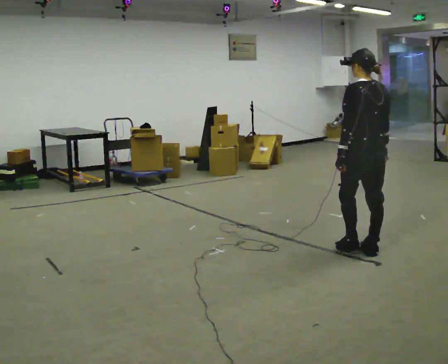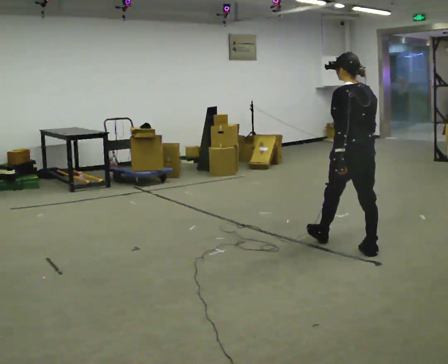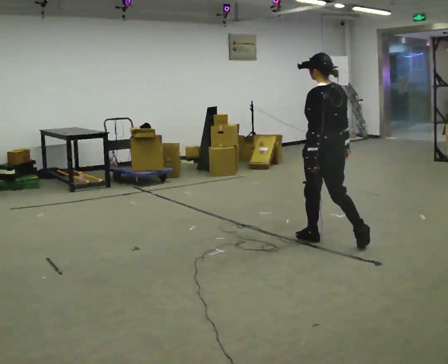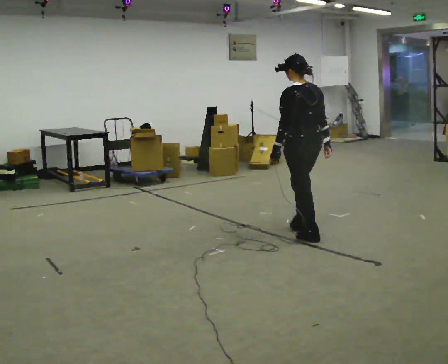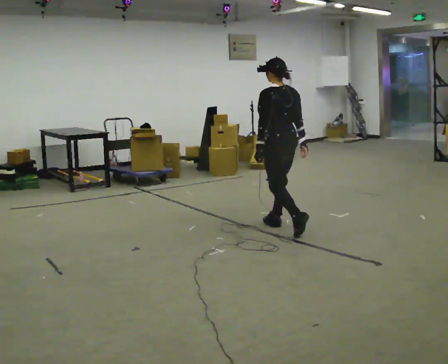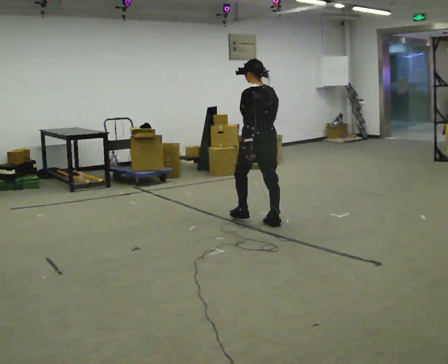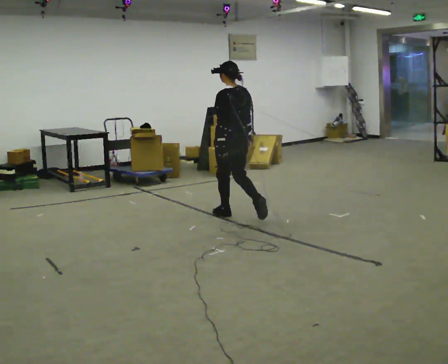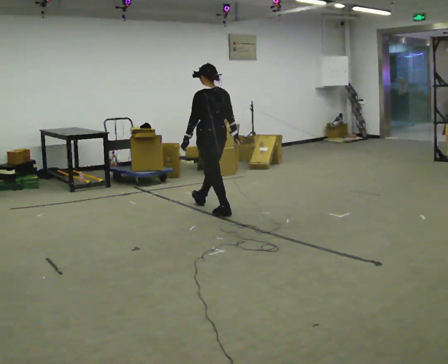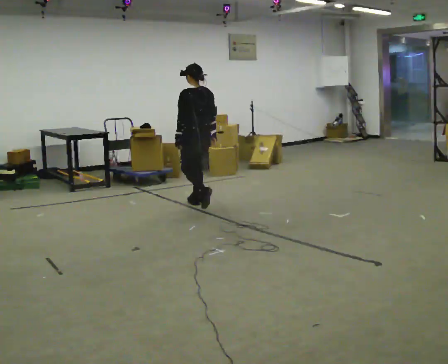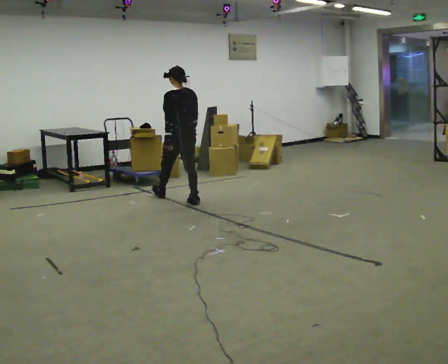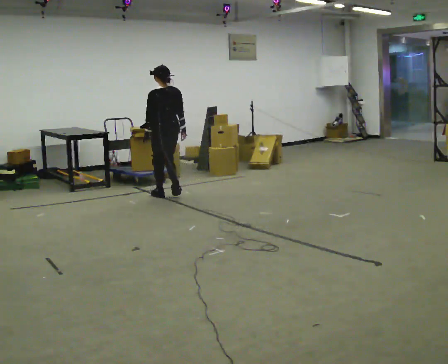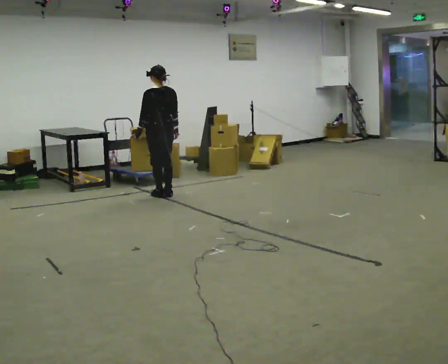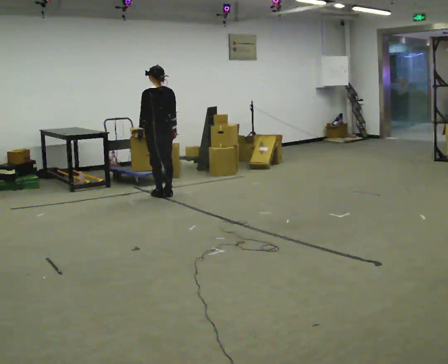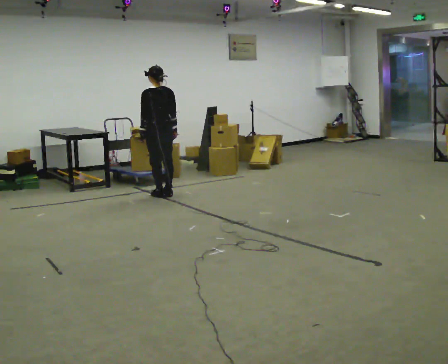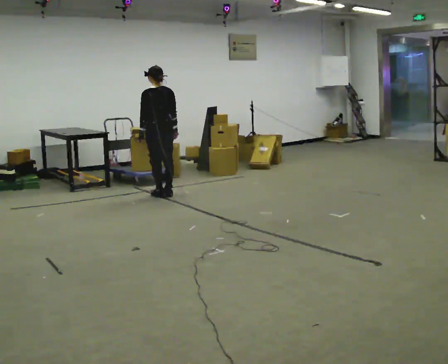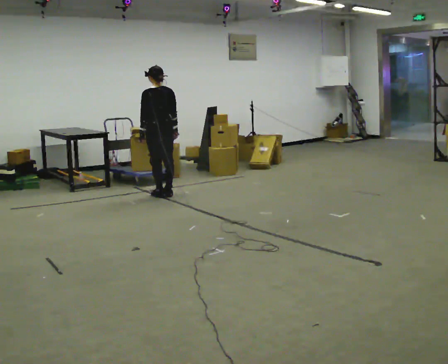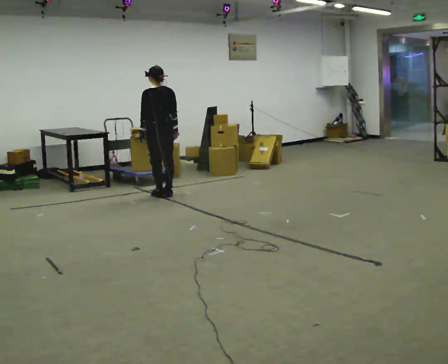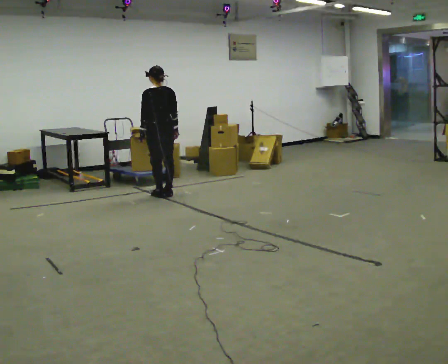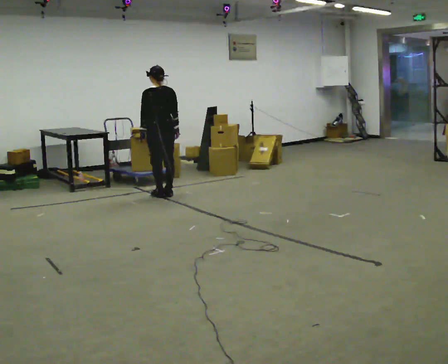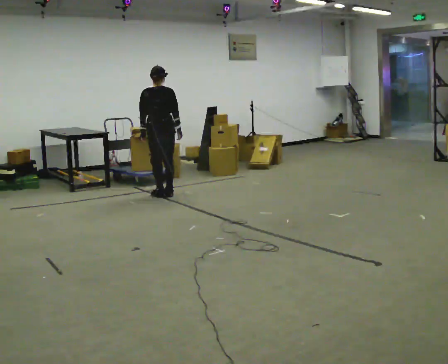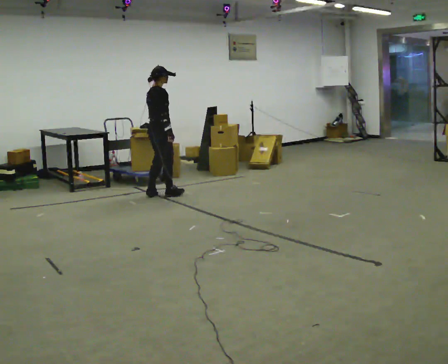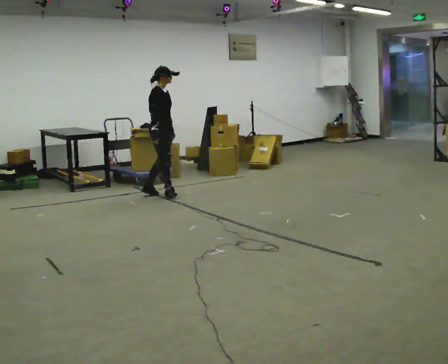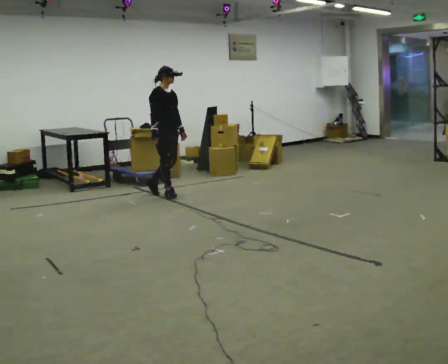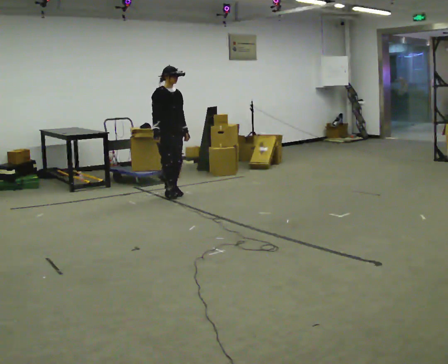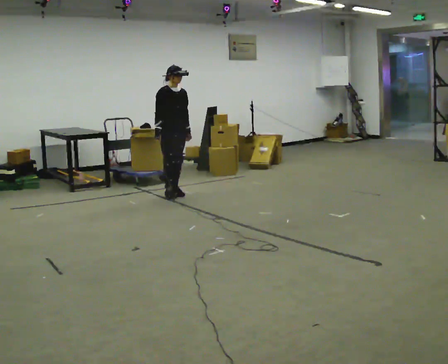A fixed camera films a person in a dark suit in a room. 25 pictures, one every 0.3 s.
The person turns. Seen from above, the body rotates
clockwise.
The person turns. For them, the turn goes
to their right.
0.0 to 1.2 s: In the picture they go away from the camera and to the left, about 1 m in 2 steps, which for them is forward.
1.2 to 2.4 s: In the picture they go away from the camera and to the left, about 1 m in 2 steps, which for them is forward.
2.4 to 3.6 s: In the picture they go away from the camera and to the left, about 0.75 m in 2 steps, which for them is forward.
3.6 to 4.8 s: The person moves a little, or ends about where they began.
4.8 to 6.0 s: Seen from above the body turns clockwise, about 105 degrees: to their right, with its near side sliding to the left.
6.0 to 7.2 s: The part of the body nearest the lens slides to the left as the person turns to their right by about 75 degrees. In the picture they go to the right, about 0.25 m in 2 steps.
The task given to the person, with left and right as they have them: Walk normally; at marked point stop as quickly as comfortably possible; remain still.
The film runs forward here.
